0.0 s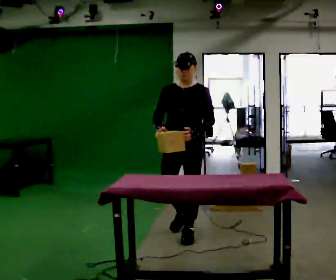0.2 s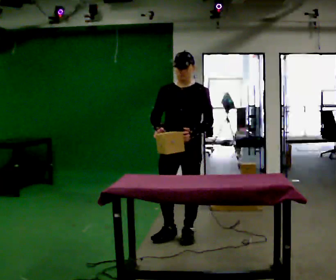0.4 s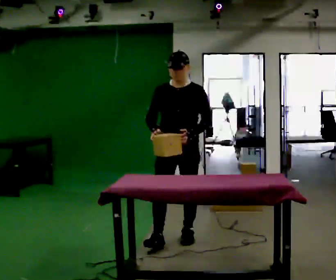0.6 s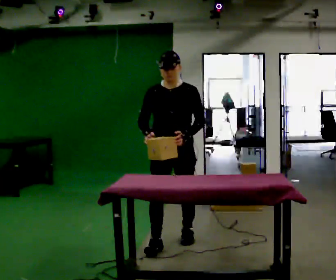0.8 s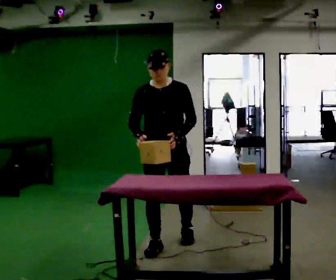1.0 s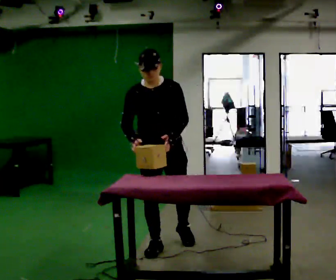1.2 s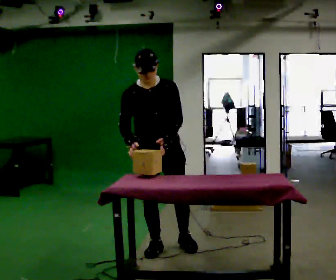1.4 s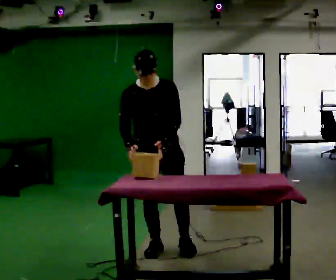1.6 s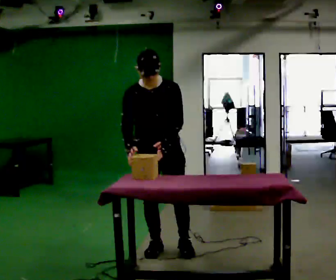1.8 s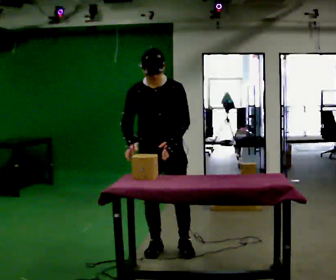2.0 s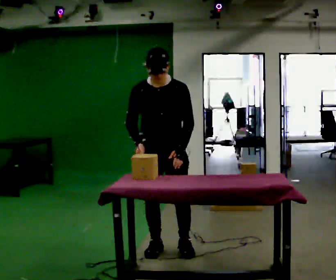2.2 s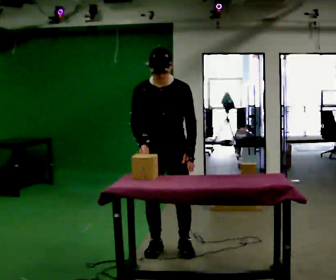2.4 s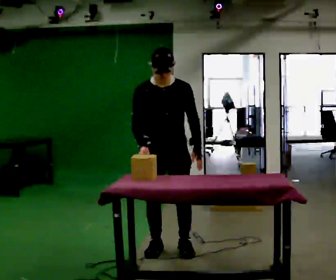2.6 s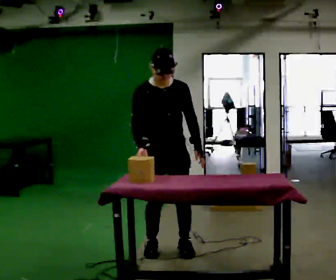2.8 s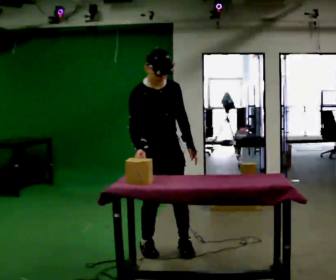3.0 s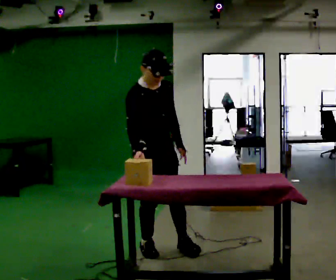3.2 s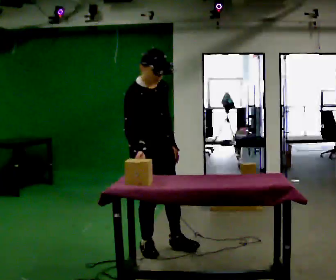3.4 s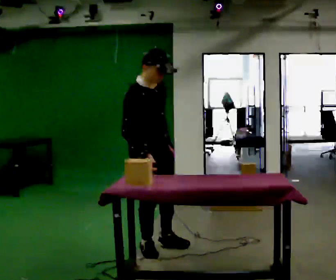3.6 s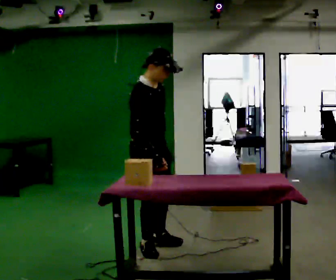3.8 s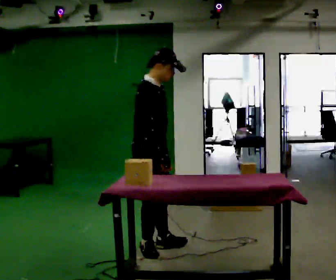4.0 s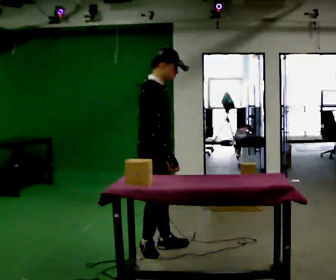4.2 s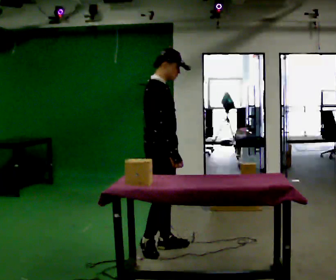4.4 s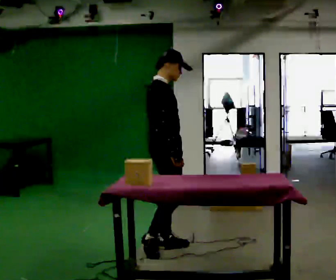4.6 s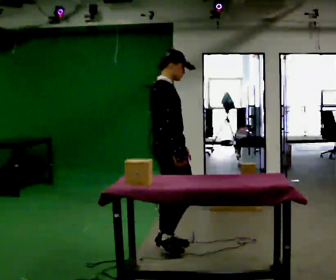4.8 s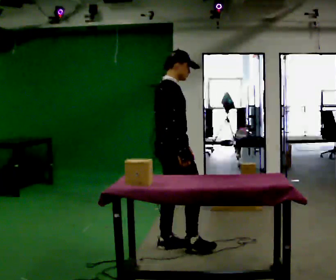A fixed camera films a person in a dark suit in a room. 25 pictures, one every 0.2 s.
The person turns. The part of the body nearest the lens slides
to the right.
The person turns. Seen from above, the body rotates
counterclockwise.
0.0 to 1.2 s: Seen from above the body turns counterclockwise, about 30 degrees: to their left, with its near side sliding to the right. In the picture they go toward the camera and to the left, about 0.5 m in 1 step, which for them is forward and to their right.
1.2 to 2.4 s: The person moves a little, or ends about where they began.
2.4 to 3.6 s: The person turns about 60 degrees to their left, counterclockwise seen from above, so the part of the body nearest the lens slides to the right. In the picture they go to the left, about 0.25 m in 1 step. In the picture their left hand goes to the left.
3.6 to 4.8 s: Seen from above the body turns counterclockwise, about 30 degrees: to their left, with its near side sliding to the right. In the picture they go to the right, about 0.25 m, which for them is forward and to their left.
The film runs forward here.
